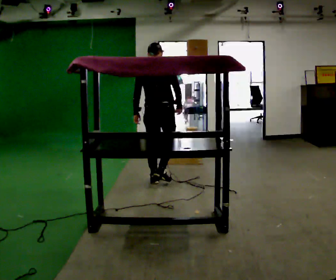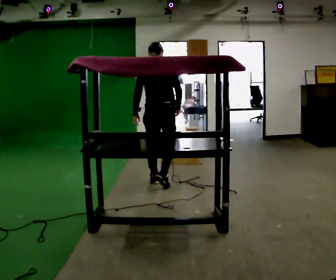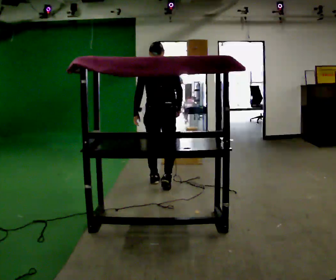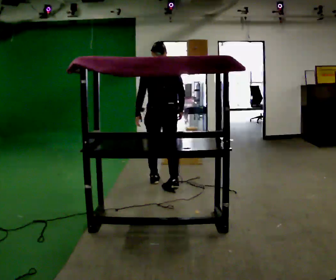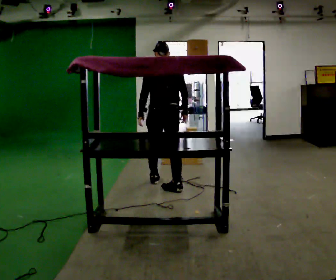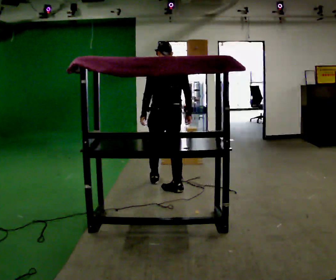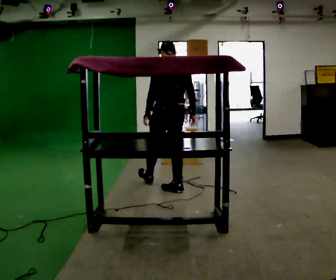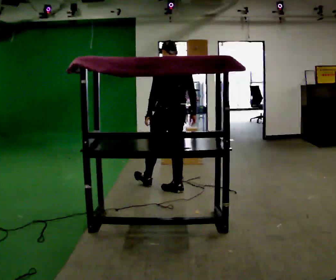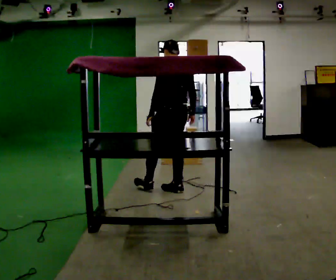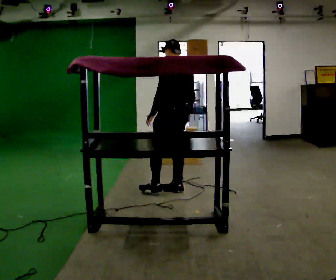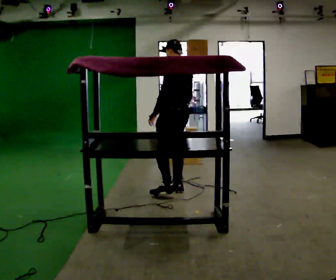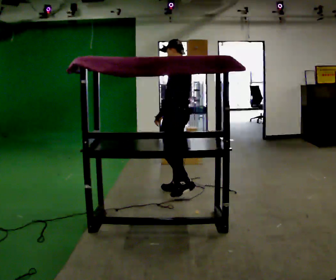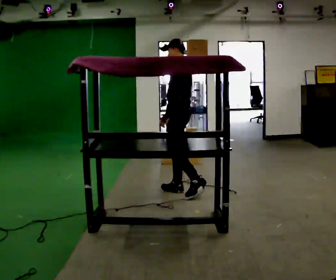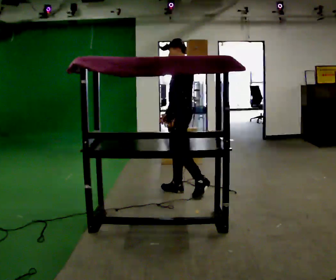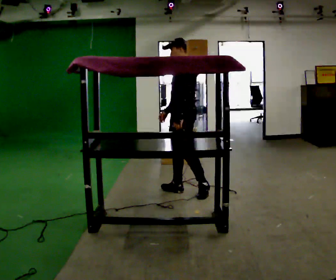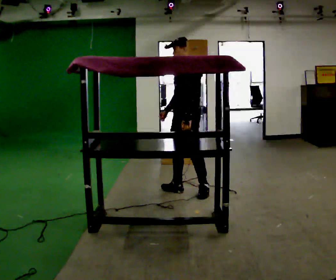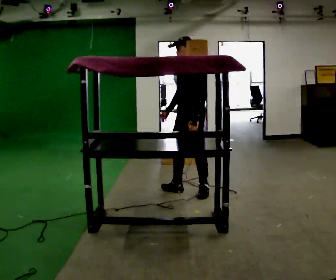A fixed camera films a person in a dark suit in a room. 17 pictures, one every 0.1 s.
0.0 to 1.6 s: Seen from above the body turns counterclockwise, about 135 degrees: to their left, with its near side sliding to the right. In the picture they go toward the camera and to the right, about 0.5 m in 1 step.
The film runs backward here.
